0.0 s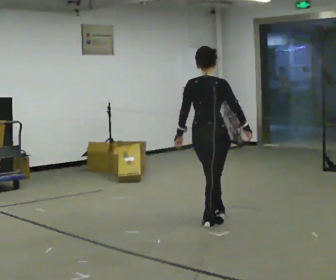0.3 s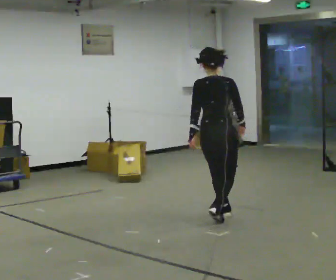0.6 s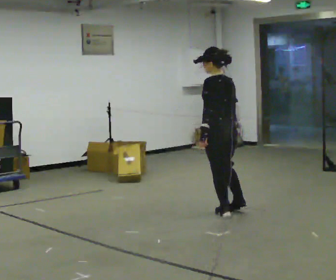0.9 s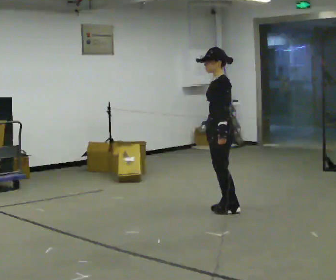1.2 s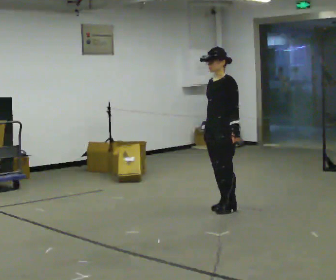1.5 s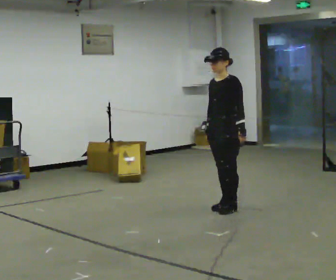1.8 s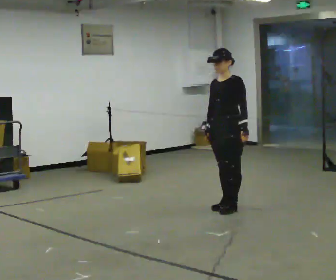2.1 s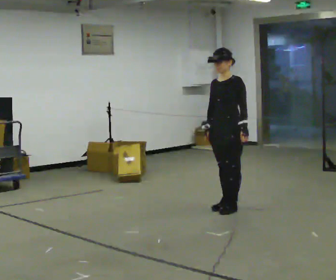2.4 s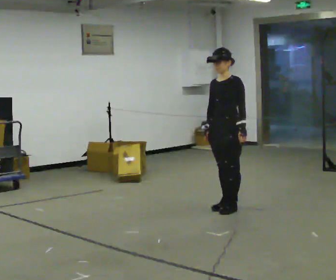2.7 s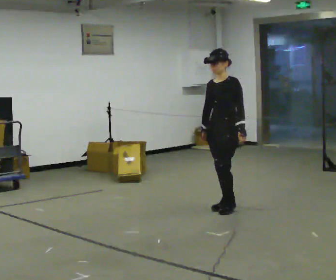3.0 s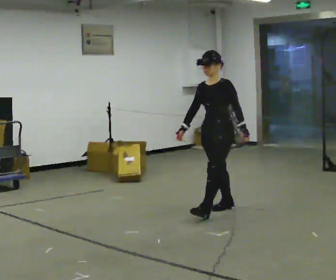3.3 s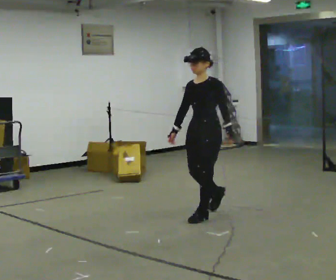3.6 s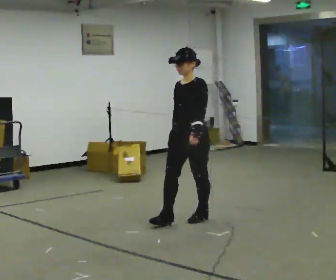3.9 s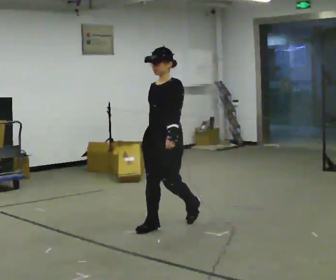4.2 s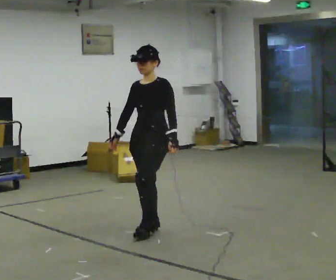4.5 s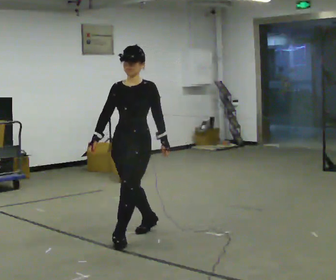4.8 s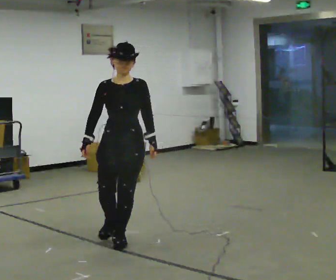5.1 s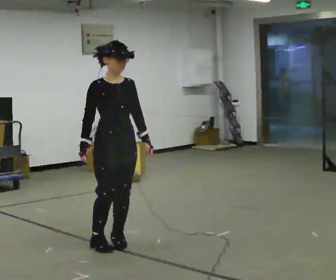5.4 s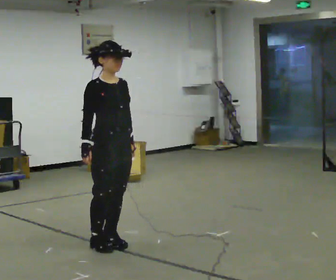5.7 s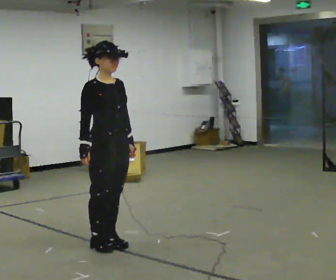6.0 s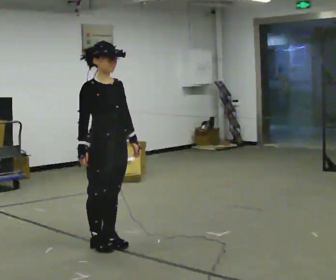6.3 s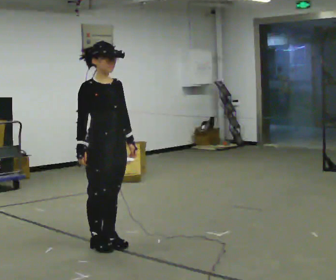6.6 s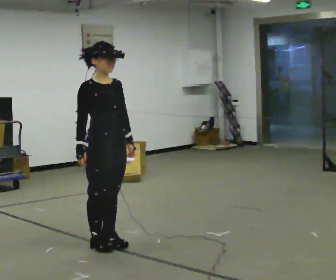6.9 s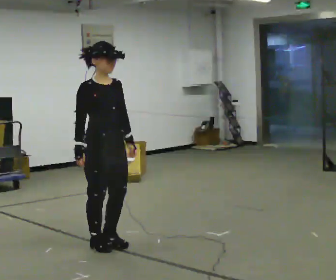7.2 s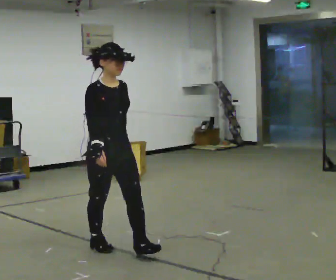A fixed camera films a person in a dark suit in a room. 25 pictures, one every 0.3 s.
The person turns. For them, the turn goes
to their left.
The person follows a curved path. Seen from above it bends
counterclockwise.
0.0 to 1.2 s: Seen from above the body turns counterclockwise, about 150 degrees: to their left, with its near side sliding to the right. In the picture they go away from the camera, about 0.5 m in 3 steps.
1.2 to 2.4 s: The person moves a little, or ends about where they began.
2.4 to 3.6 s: In the picture they go toward the camera and to the left, about 0.5 m in 1 step, which for them is forward.
3.6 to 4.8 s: The person turns about 30 degrees to their left, counterclockwise seen from above, so the part of the body nearest the lens slides to the right. In the picture they go toward the camera and to the left, about 1 m in 2 steps, which for them is forward.
4.8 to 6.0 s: The part of the body nearest the lens slides to the right as the person turns to their left by about 60 degrees.
6.0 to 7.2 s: The person moves a little, or ends about where they began.
The film runs forward here.
